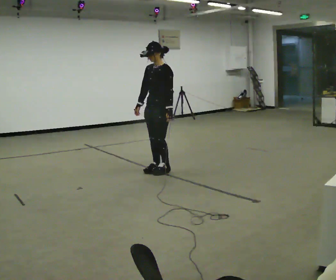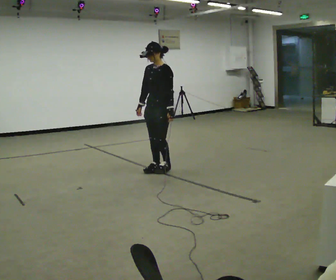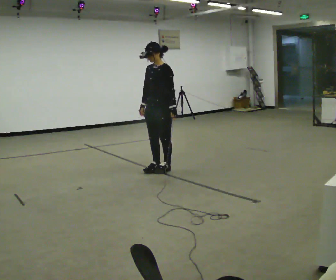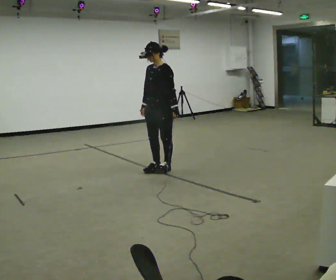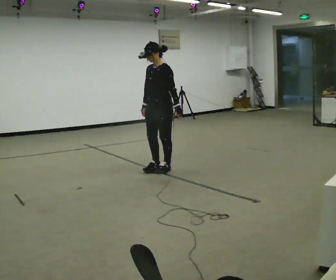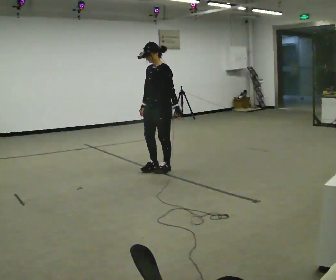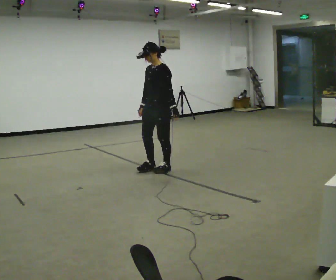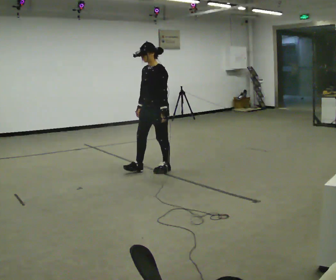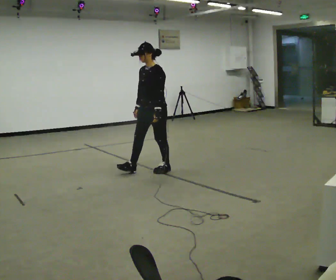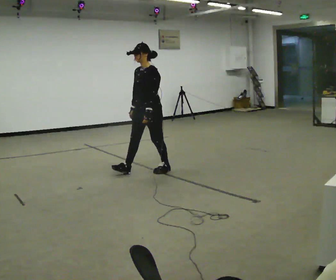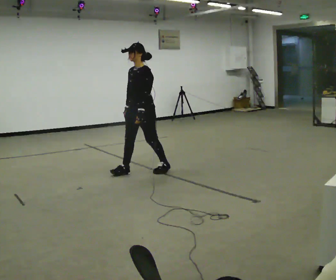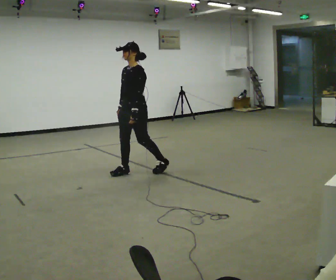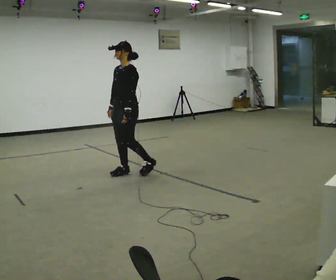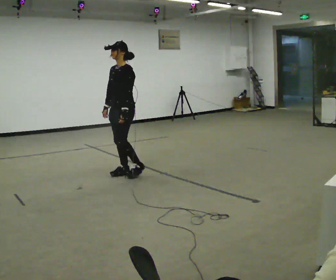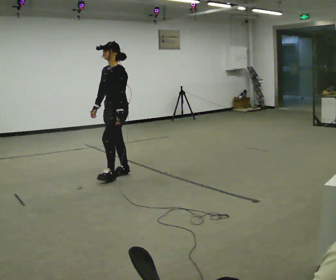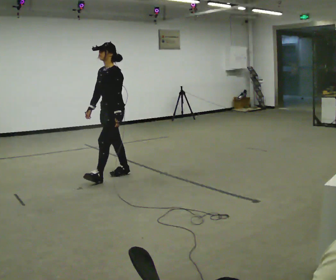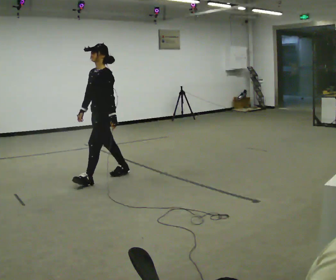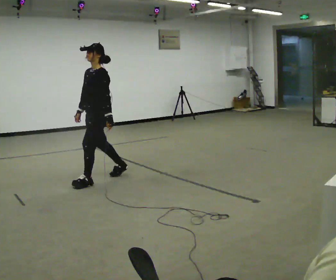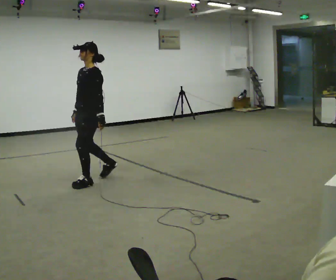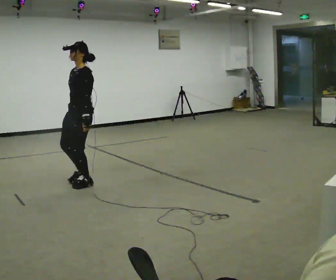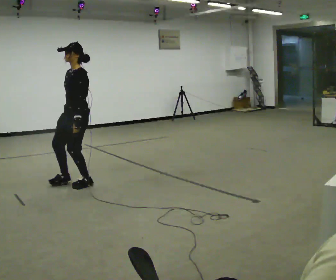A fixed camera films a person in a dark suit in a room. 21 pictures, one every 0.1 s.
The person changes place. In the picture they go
to the left.
0.0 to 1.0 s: In the picture they go to the left, about 0.25 m in 1 step, which for them is forward.
1.0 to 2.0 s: In the picture they go to the left and toward the camera, about 1 m in 2 steps, which for them is forward.
The film runs backward here.
